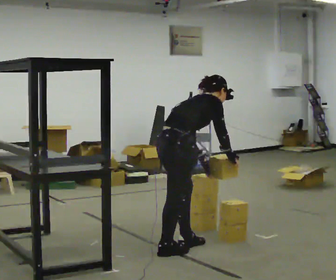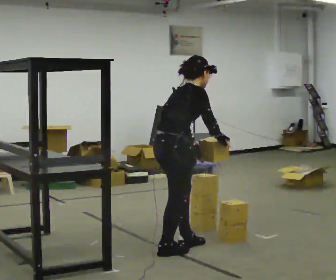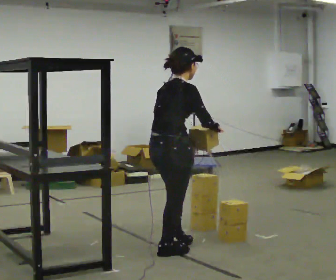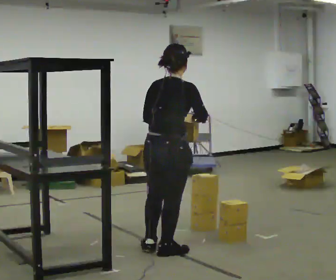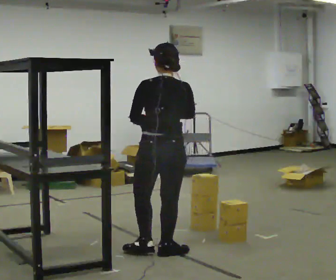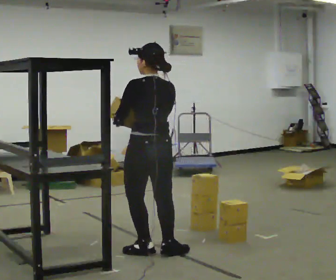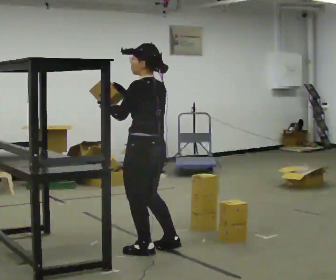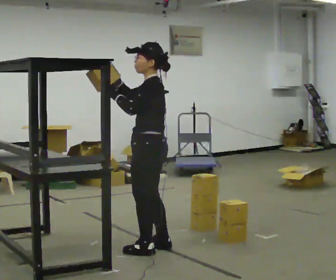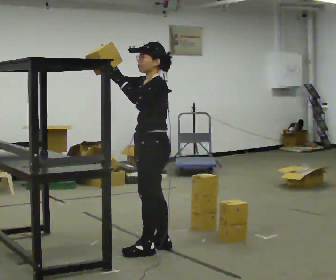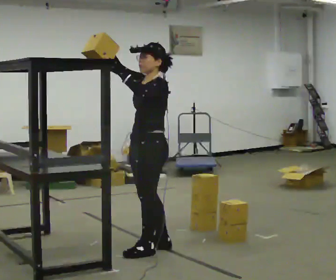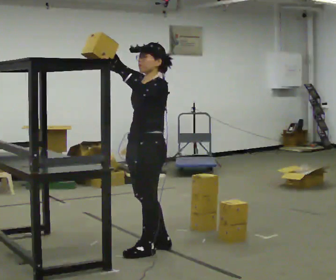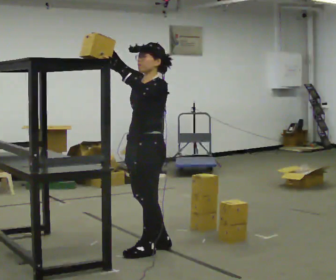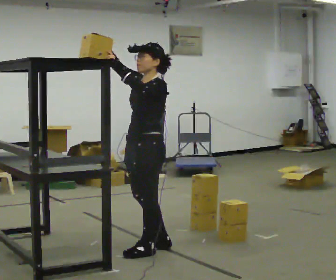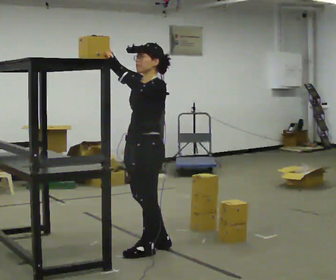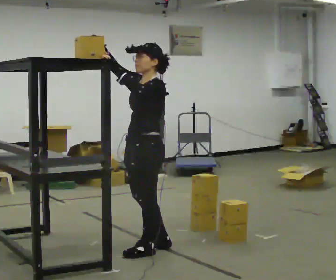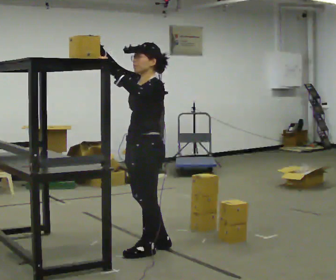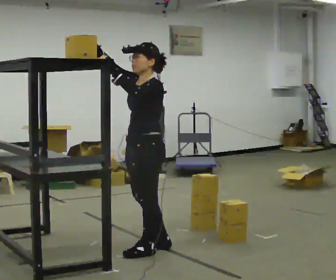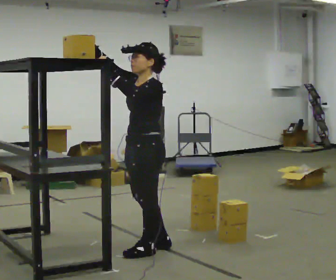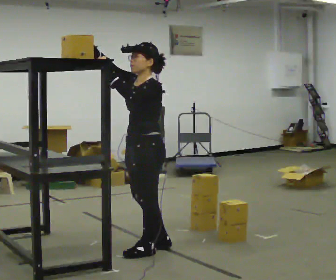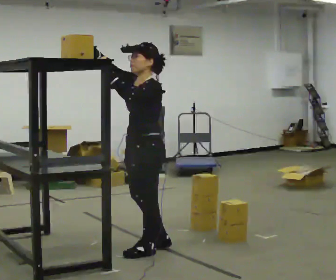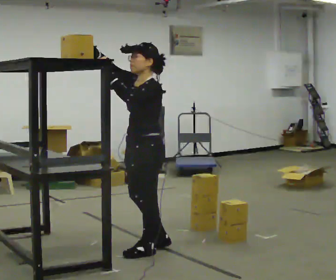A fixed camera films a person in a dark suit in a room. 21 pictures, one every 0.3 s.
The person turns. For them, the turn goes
to their left.
The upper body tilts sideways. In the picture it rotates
counterclockwise.
0.0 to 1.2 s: Seen from above the body turns counterclockwise, about 75 degrees: to their left, with its near side sliding to the right. In the picture the upper body tilts counterclockwise, shoulders to the left, as they lean back or straighten. In the picture their right hand goes to the left.
1.2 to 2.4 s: The person turns about 105 degrees to their left, counterclockwise seen from above, so the part of the body nearest the lens slides to the right. In the picture they go away from the camera, about 0.25 m in 1 step. In the picture their right hand goes to the left and upward.
2.4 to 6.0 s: The person moves a little, or ends about where they began.
The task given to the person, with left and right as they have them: Take an object down from the highest shelf you can comfortably reach, carry it across the room, and set it on the floor. Keep going until the operator says stop; one object at a time, and do not rush between trips.
The film runs forward here.
